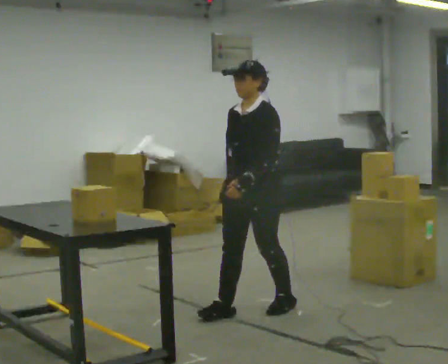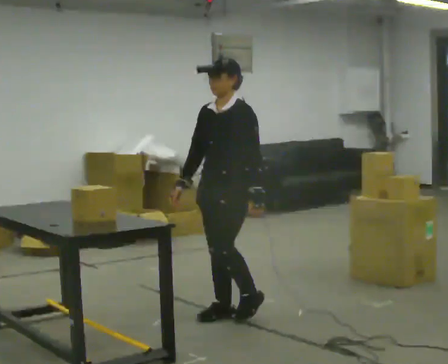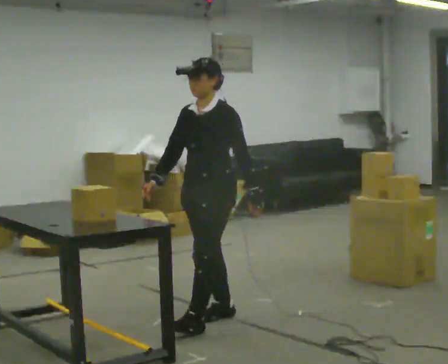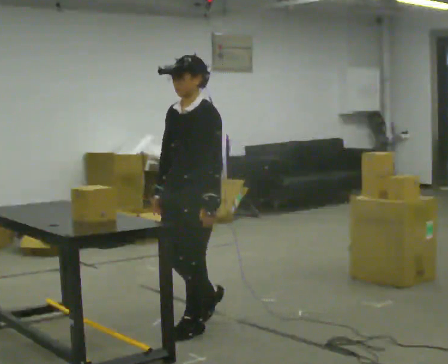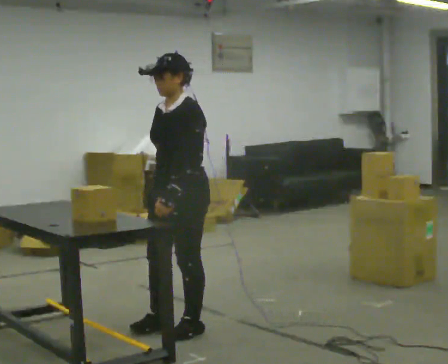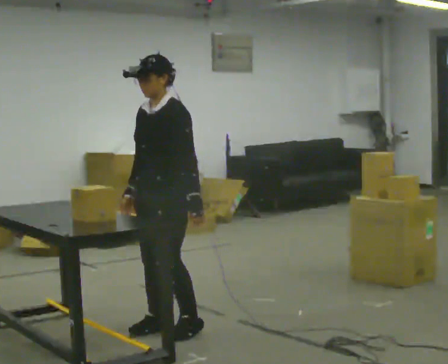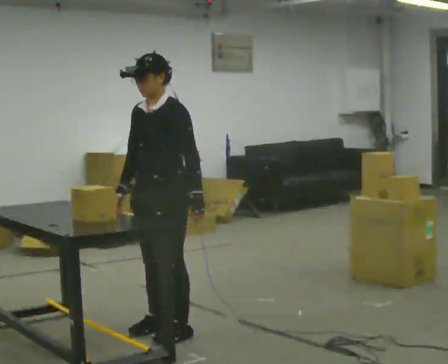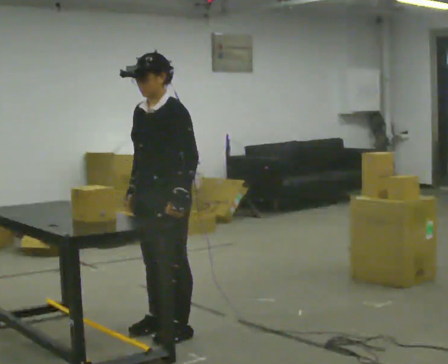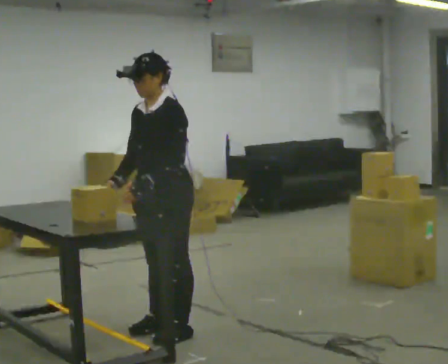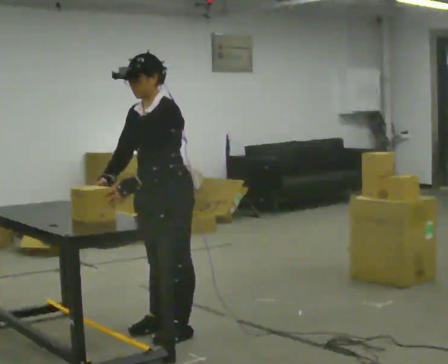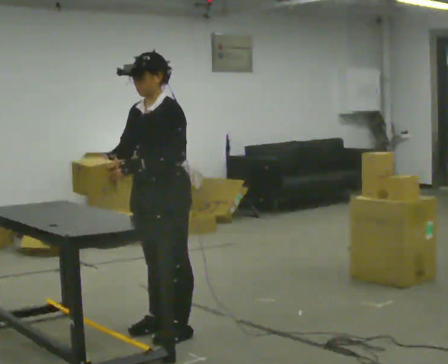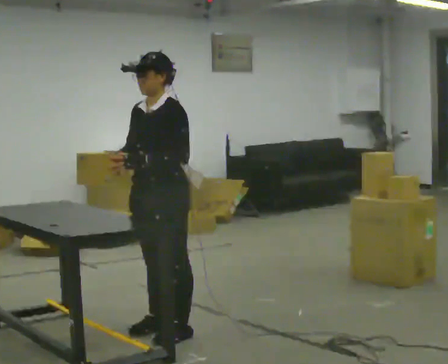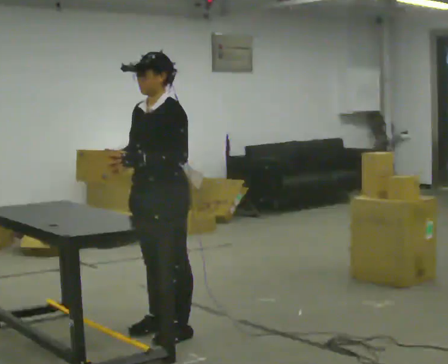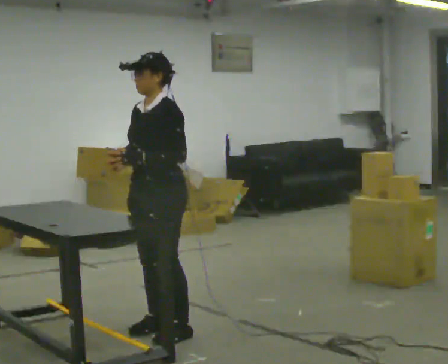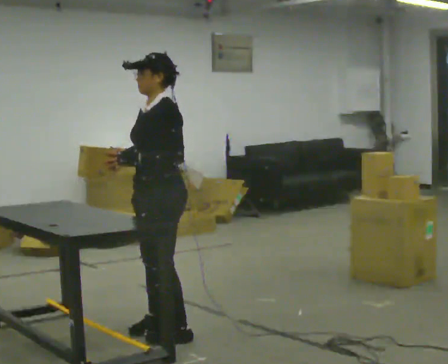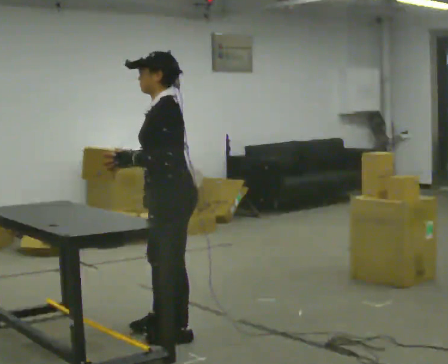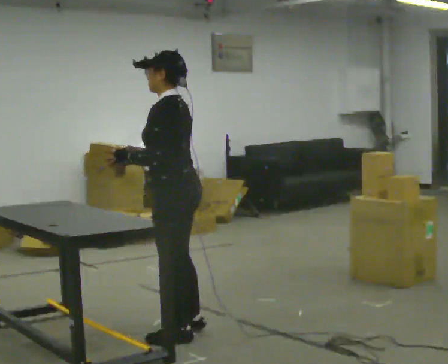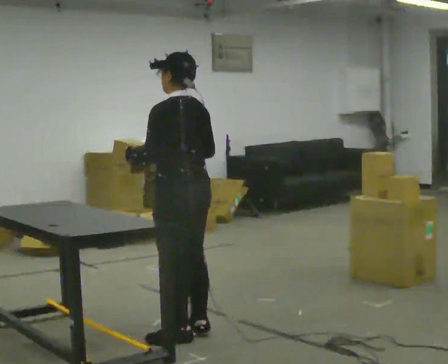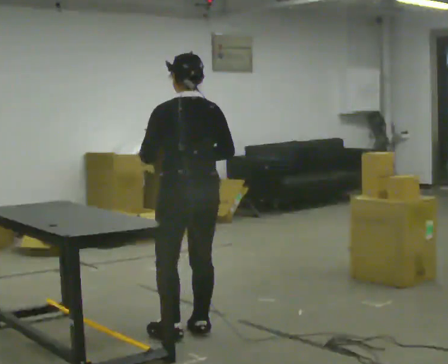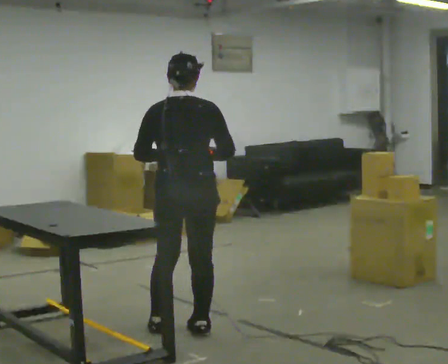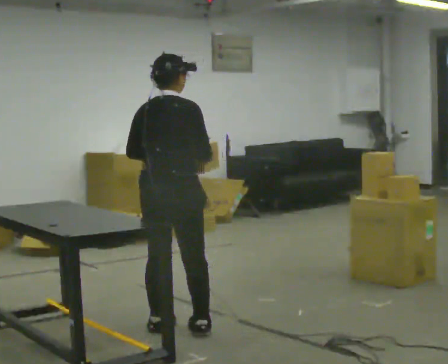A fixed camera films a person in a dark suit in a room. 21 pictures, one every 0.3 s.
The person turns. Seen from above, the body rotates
clockwise.
The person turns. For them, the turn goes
to their right.
0.0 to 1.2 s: In the picture they go to the left and toward the camera, about 0.5 m in 2 steps, which for them is forward.
1.2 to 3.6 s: The person moves a little, or ends about where they began.
3.6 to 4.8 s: The part of the body nearest the lens slides to the left as the person turns to their right by about 60 degrees.
4.8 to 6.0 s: The person turns about 105 degrees to their right, clockwise seen from above, so the part of the body nearest the lens slides to the left. In the picture they go away from the camera, about 0.25 m in 2 steps.
The film runs forward here.
